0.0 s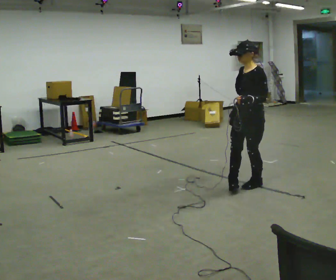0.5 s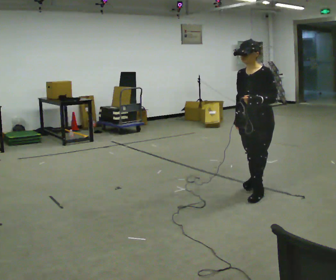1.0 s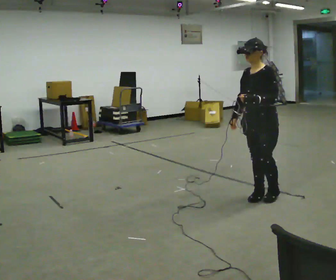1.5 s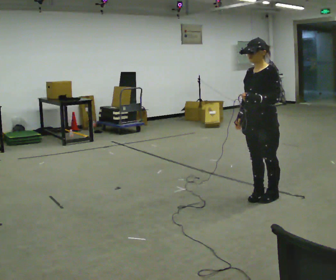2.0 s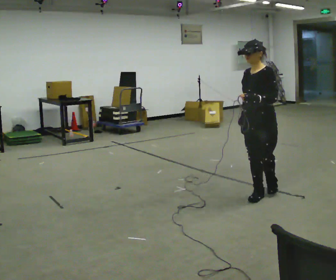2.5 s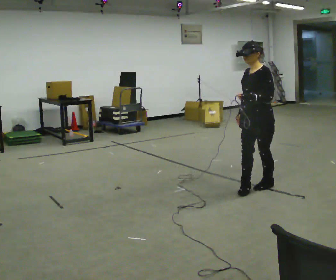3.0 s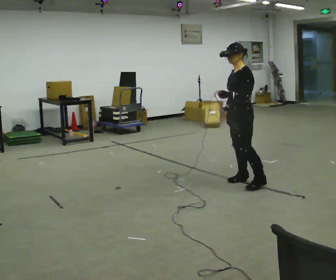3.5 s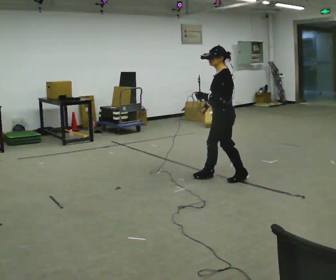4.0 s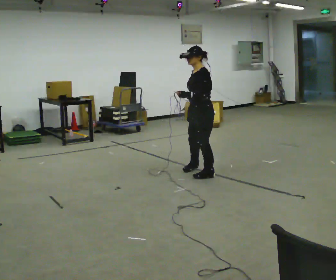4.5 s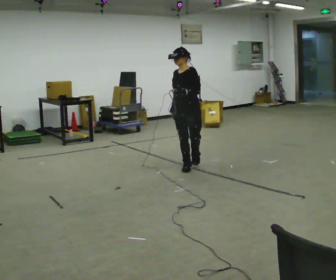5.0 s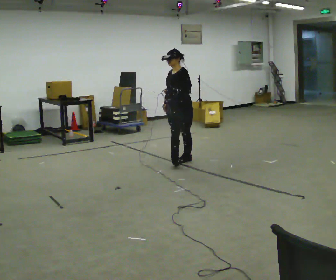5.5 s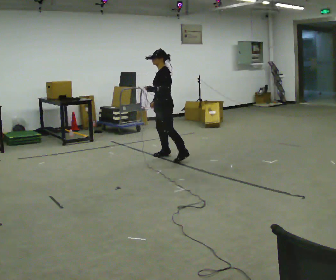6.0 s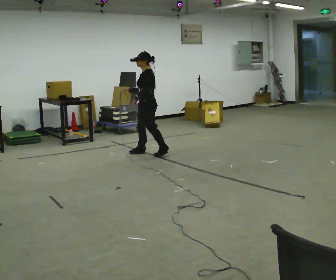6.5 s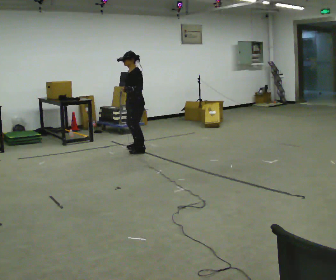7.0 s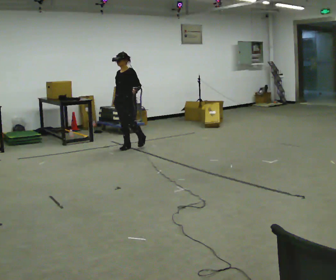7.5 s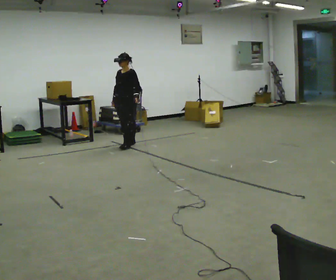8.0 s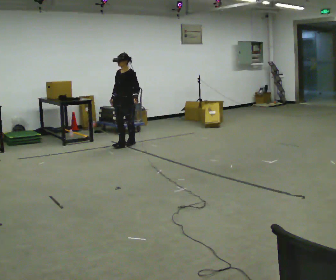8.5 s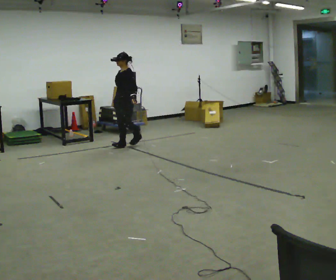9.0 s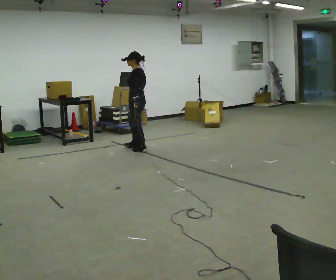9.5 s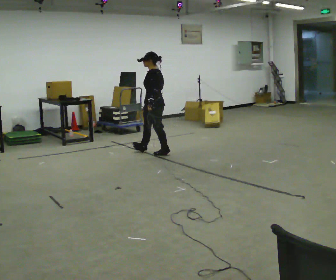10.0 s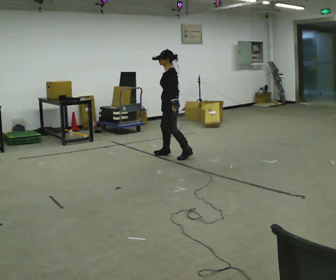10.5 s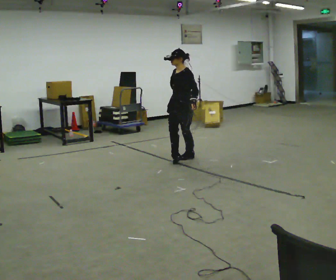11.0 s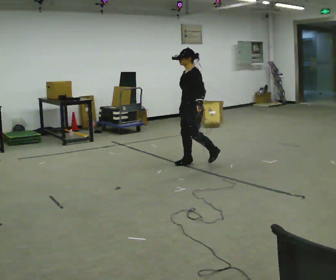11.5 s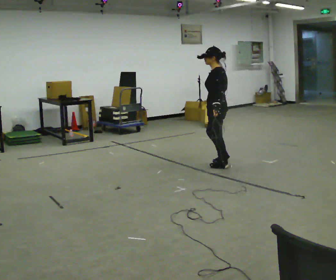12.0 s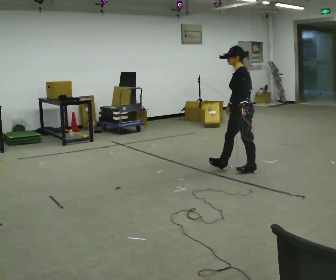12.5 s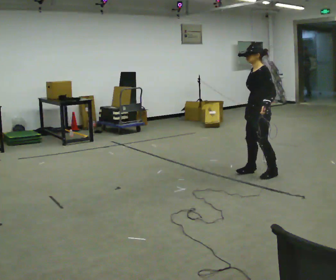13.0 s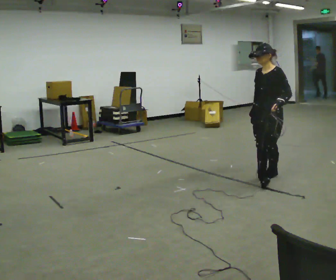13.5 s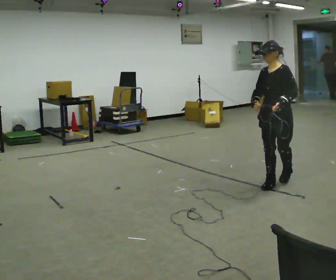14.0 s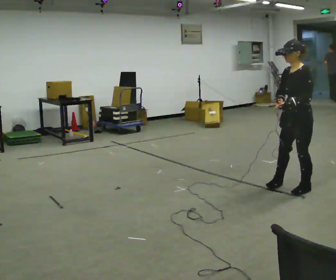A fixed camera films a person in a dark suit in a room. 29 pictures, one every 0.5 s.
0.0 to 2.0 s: In the picture they go toward the camera, about 0.25 m in 2 steps, which for them is to their left and forward.
2.0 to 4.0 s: The part of the body nearest the lens slides to the left as the person turns to their right by about 30 degrees. In the picture they go away from the camera and to the left, about 1 m in 3 steps, which for them is to their right.
4.0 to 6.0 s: The part of the body nearest the lens slides to the left as the person turns to their right by about 30 degrees. In the picture they go away from the camera and to the left, about 1 m in 4 steps.
6.0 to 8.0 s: The person turns about 75 degrees to their left, counterclockwise seen from above, so the part of the body nearest the lens slides to the right. In the picture they go away from the camera and to the left, about 1 m in 1 step.
8.0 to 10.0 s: The person turns about 60 degrees to their right, clockwise seen from above, so the part of the body nearest the lens slides to the left. In the picture they go toward the camera and to the right, about 1 m in 3 steps.
10.0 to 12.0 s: The person turns about 30 degrees to their right, clockwise seen from above, so the part of the body nearest the lens slides to the left. In the picture they go toward the camera and to the right, about 1 m in 4 steps.
12.0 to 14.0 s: The person turns about 45 degrees to their left, counterclockwise seen from above, so the part of the body nearest the lens slides to the right. In the picture they go toward the camera, about 1 m in 3 steps.
The film runs backward here.
